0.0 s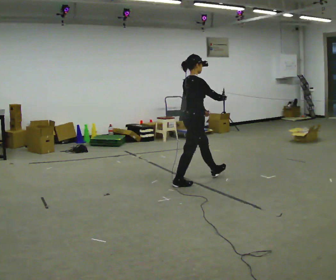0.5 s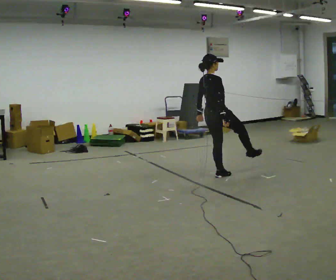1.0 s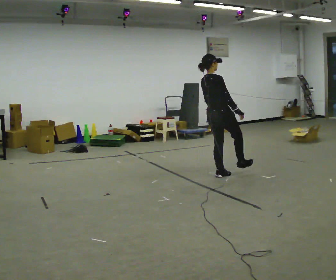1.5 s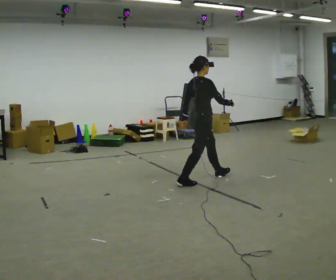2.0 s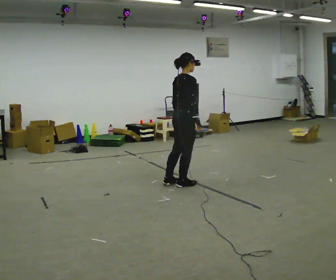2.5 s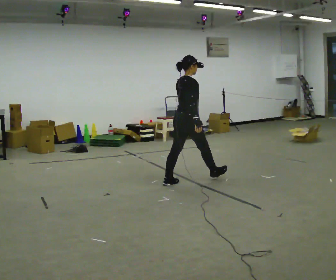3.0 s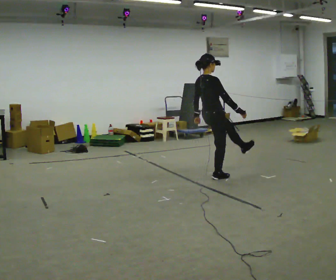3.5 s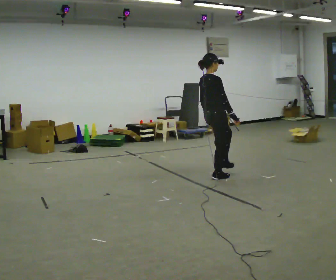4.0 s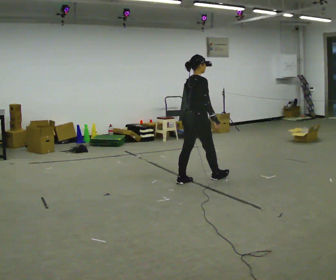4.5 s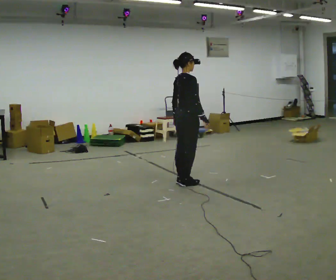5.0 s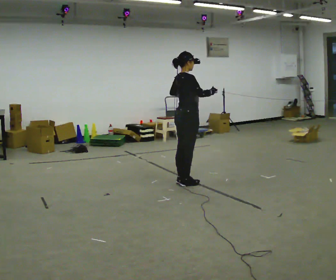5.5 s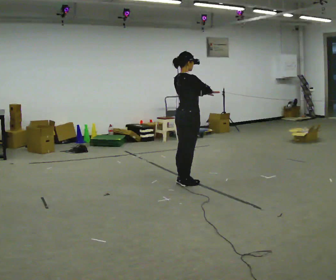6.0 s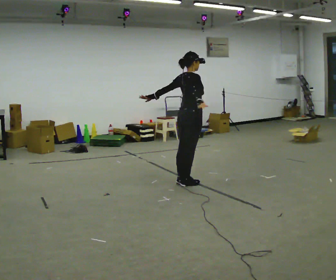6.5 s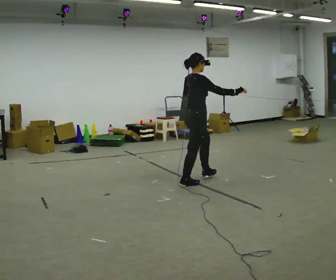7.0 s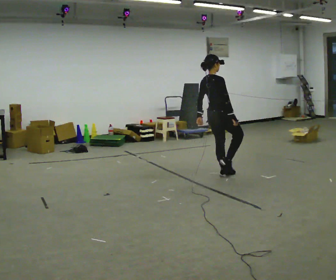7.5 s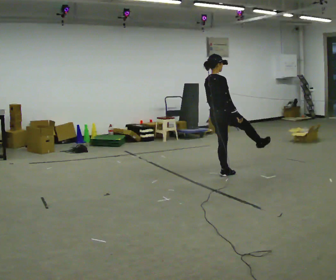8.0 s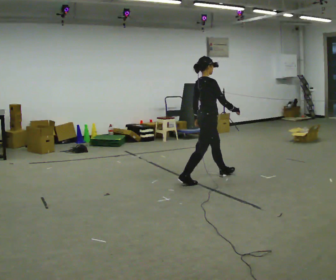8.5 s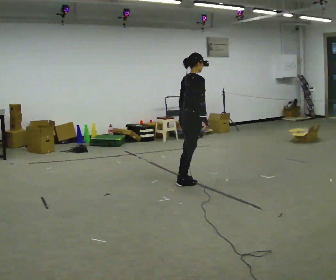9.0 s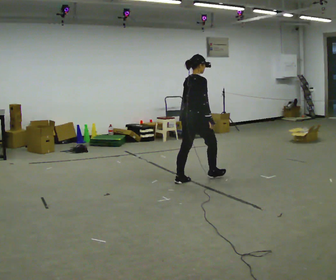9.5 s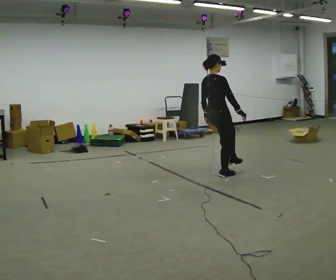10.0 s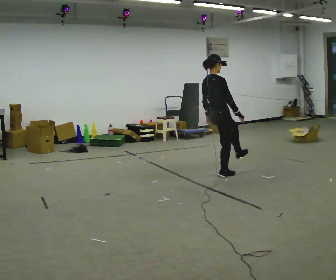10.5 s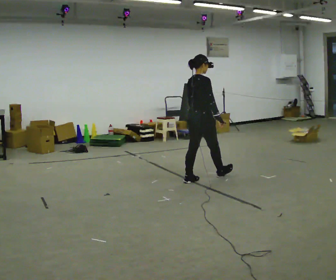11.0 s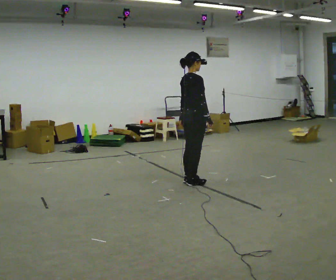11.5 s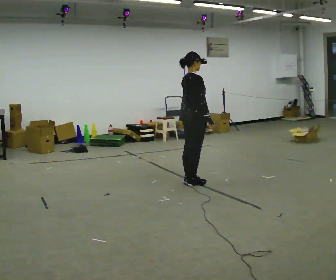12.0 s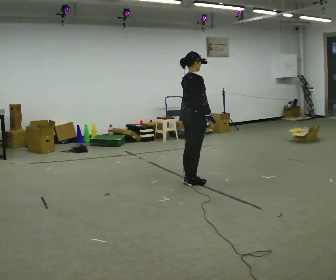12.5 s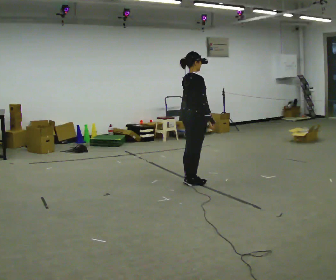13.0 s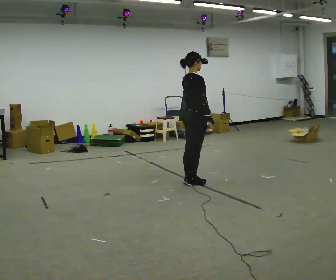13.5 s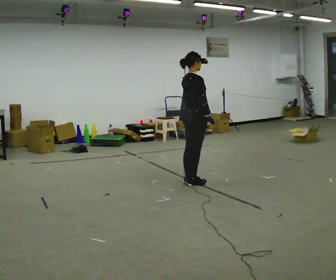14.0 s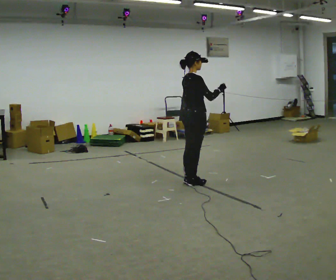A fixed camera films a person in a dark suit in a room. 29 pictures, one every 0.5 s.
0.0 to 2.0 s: In the picture their right hand goes to the left.
2.0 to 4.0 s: The person moves a little, or ends about where they began.
4.0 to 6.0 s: In the picture their left hand goes to the left.
6.0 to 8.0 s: In the picture they go to the right, about 0.25 m in 3 steps, which for them is forward. In the picture their right hand goes to the right.
8.0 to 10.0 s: In the picture they go to the right and away from the camera, about 0.25 m in 2 steps, which for them is forward.
10.0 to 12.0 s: In the picture they go to the left and toward the camera, about 0.5 m in 1 step, which for them is backward.
12.0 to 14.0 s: In the picture their right hand goes upward, the arm swinging counterclockwise.
The film runs forward here.
